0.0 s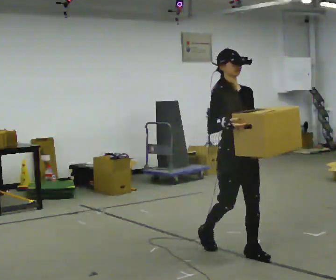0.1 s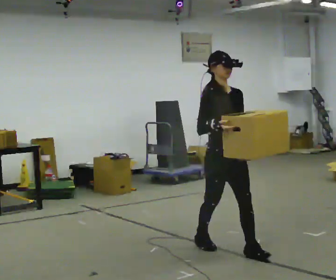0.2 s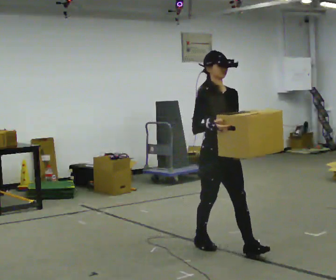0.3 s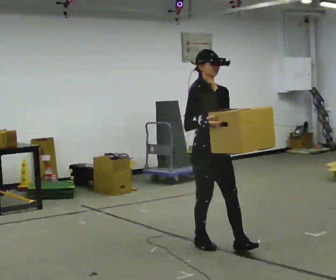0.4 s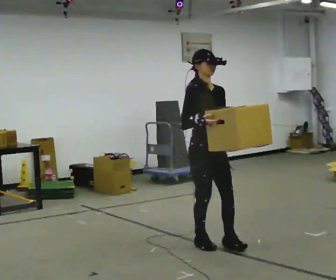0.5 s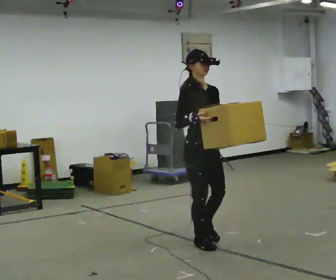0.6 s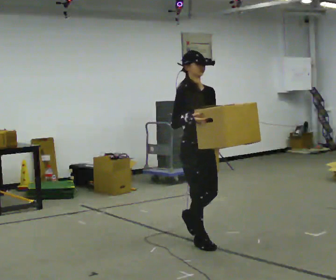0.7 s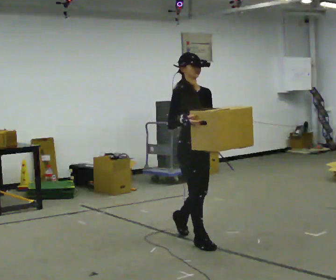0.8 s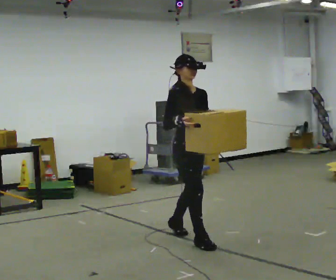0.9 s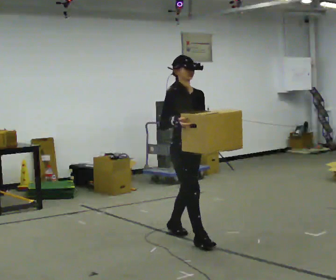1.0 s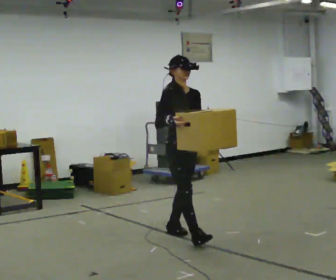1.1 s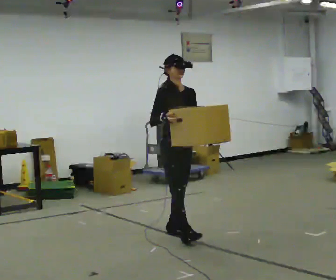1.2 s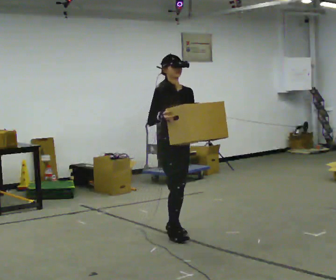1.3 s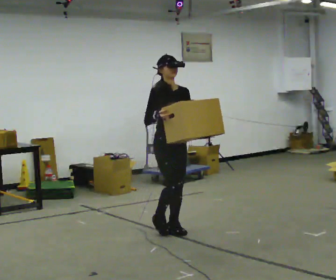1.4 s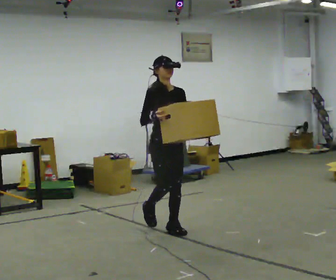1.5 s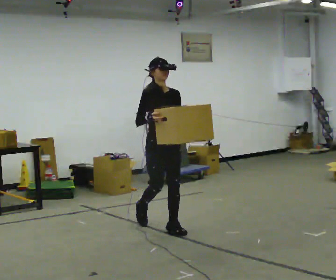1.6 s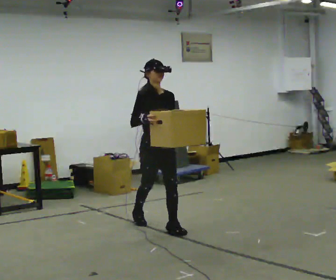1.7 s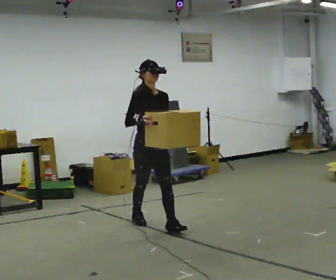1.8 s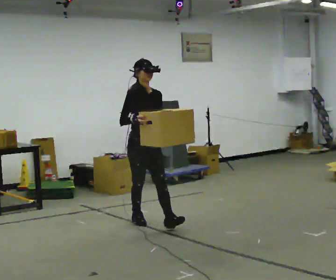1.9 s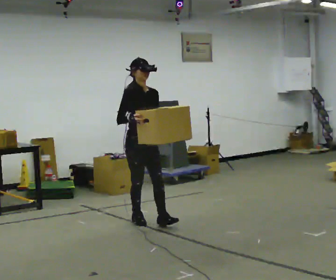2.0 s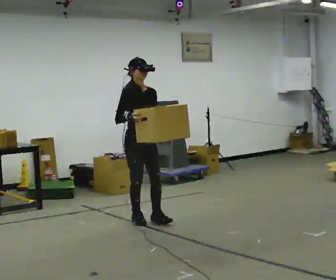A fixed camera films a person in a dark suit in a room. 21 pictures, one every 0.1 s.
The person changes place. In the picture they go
away from the camera.
0.0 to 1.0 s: In the picture they go away from the camera and to the left, about 0.5 m in 2 steps, which for them is backward.
1.0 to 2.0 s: In the picture they go away from the camera and to the left, about 0.75 m in 1 step, which for them is backward.
The film runs backward here.
